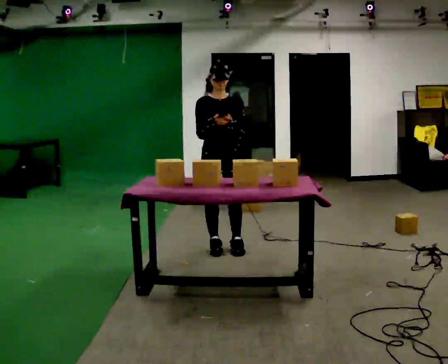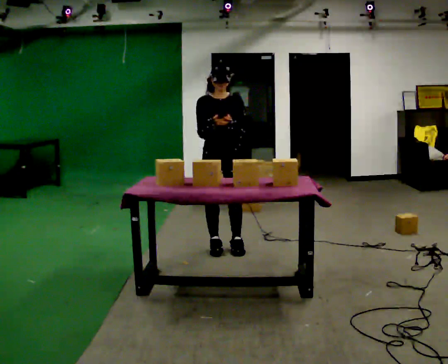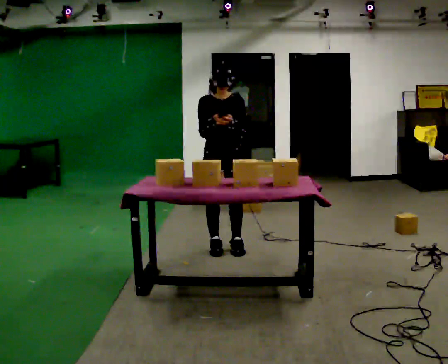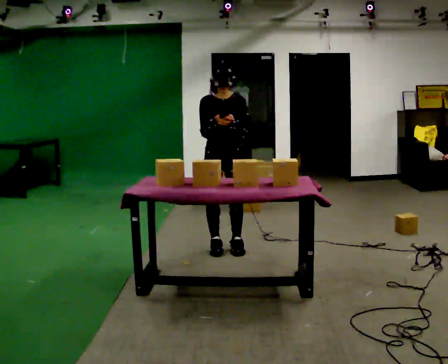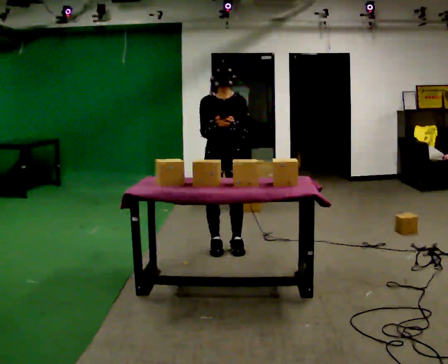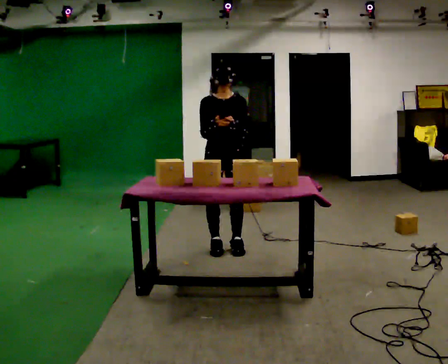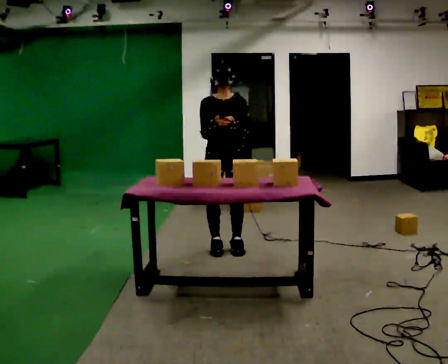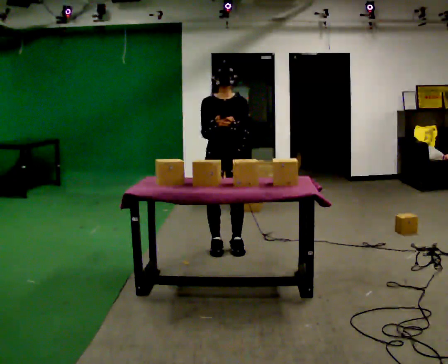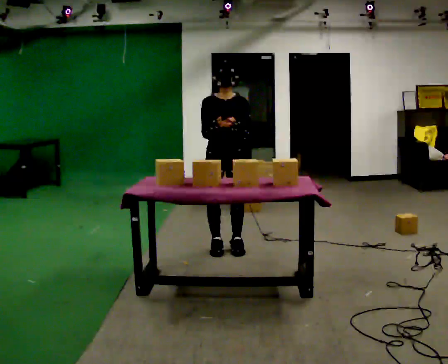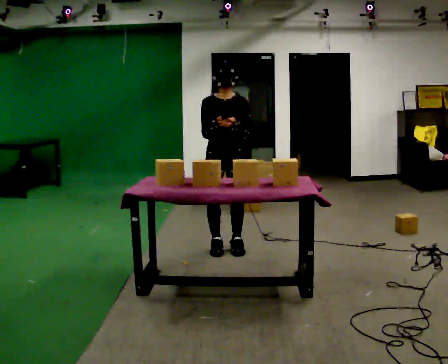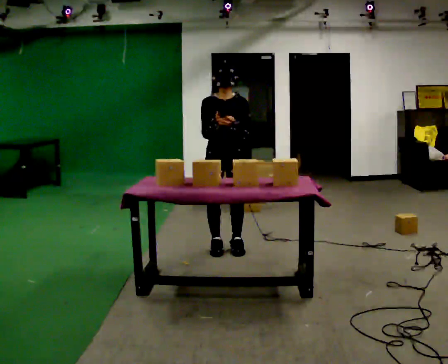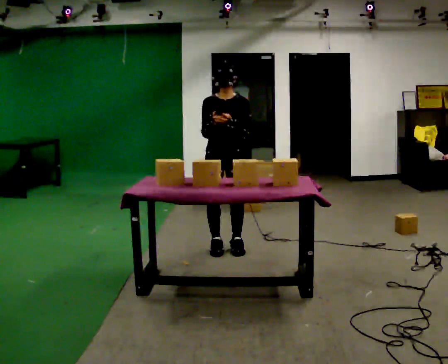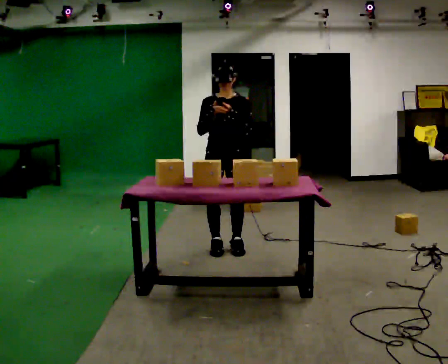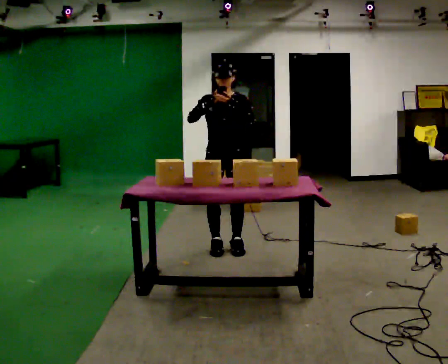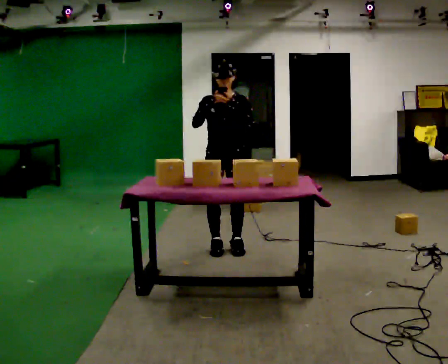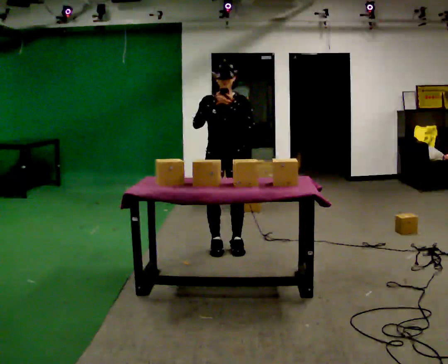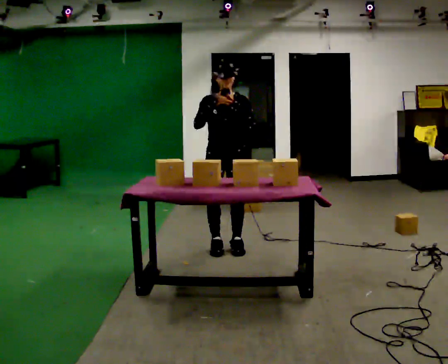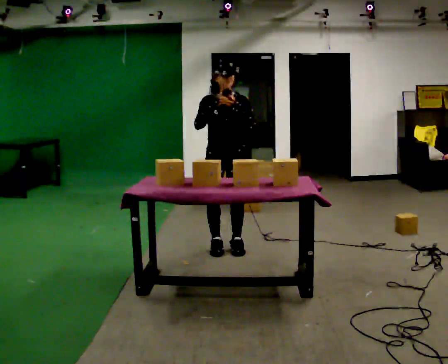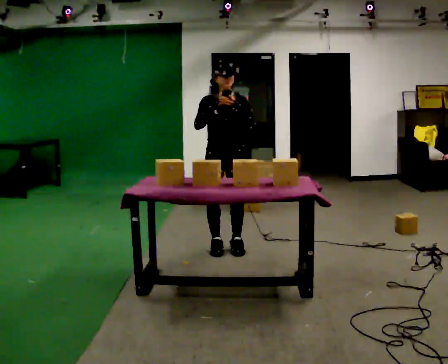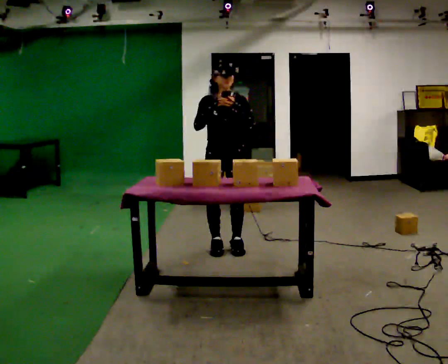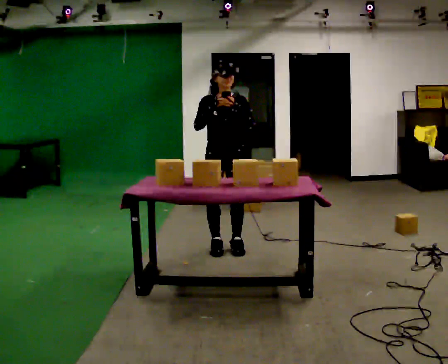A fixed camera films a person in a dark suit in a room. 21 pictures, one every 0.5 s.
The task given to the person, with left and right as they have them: 1. Look at the photo the operator gives you. 2. Put the room back the way it looks in the photo. 3. Tell the operator when you are finished.
0.0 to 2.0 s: The person moves a little, or ends about where they began.
2.0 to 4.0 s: The person keeps their place and pose.
4.0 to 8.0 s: The person moves a little, or ends about where they began.
8.0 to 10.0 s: The person keeps their place and pose.
The film runs forward here.
